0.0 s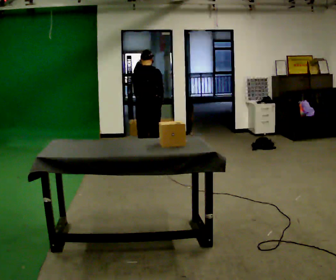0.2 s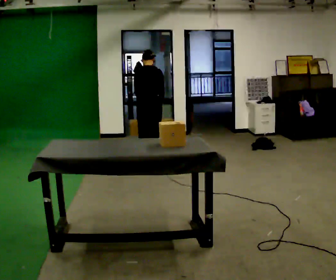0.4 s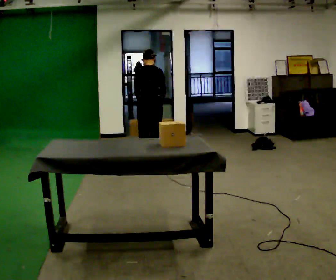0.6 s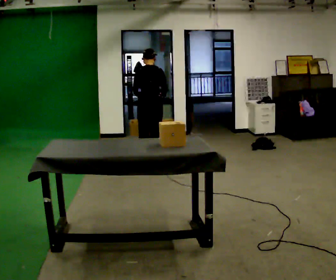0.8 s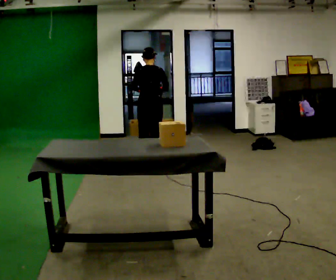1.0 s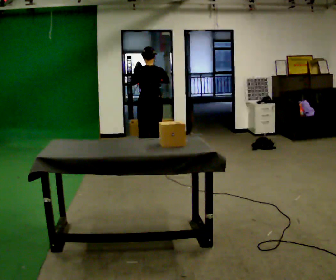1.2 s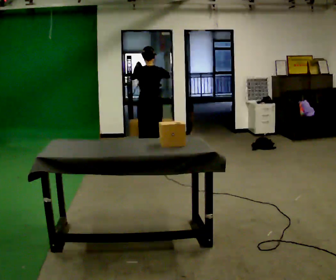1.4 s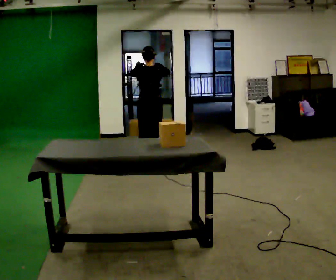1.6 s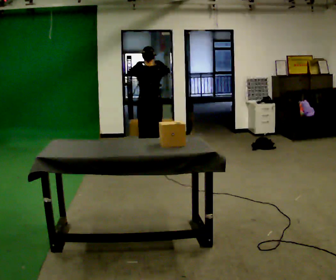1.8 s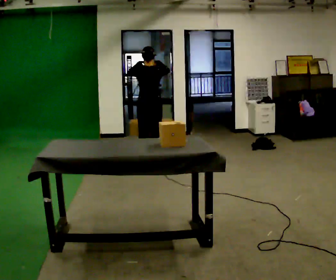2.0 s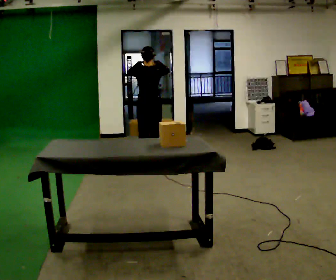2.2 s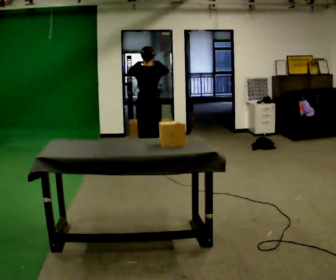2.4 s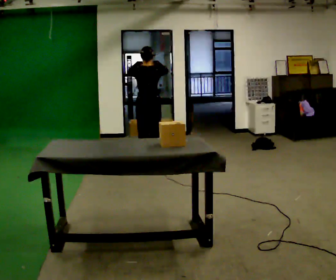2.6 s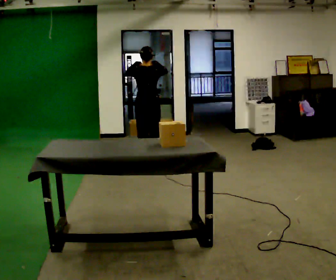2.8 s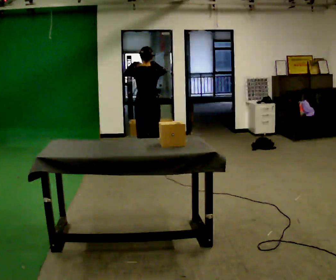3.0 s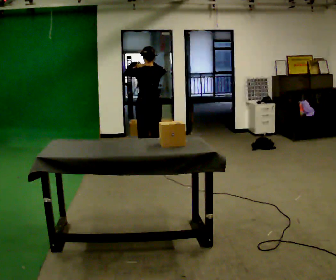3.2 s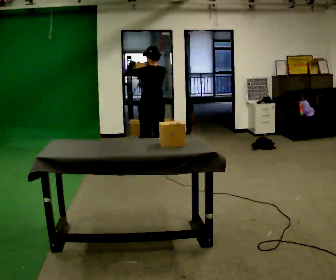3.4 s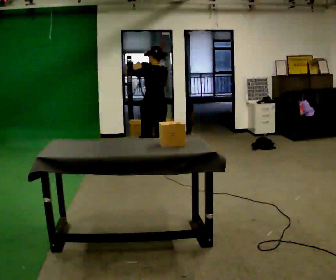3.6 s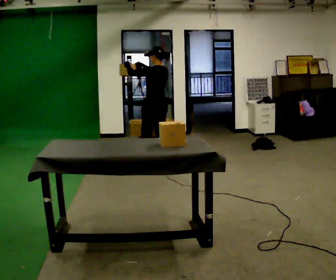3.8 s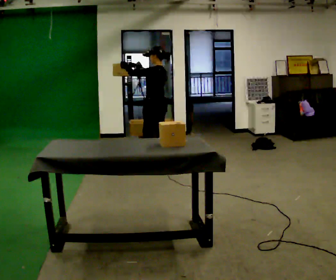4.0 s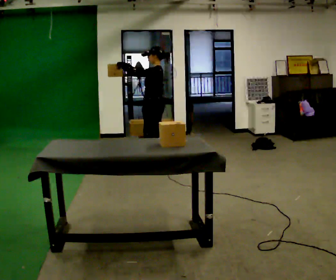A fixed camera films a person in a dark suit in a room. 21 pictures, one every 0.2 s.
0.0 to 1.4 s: The upper body tips toward the camera, its near side rolling downward, as they lean back or straighten. In the picture their right hand goes upward.
1.4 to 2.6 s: The person moves a little, or ends about where they began.
2.6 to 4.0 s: Seen from above the body turns counterclockwise, about 75 degrees: to their left, with its near side sliding to the right. In the picture their right hand goes to the left.
The film runs forward here.
